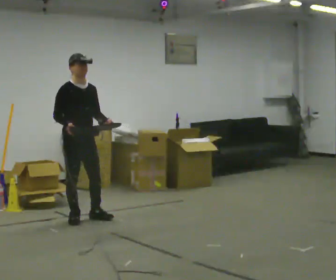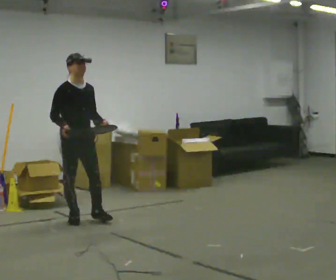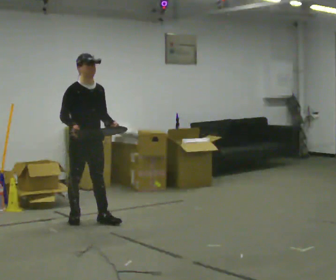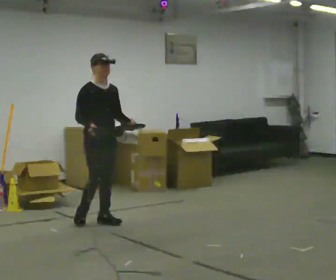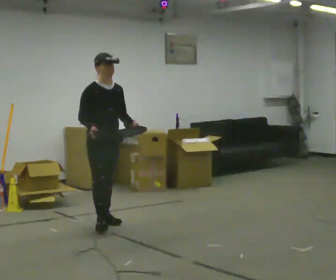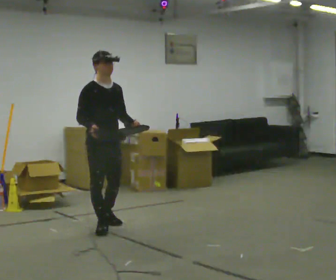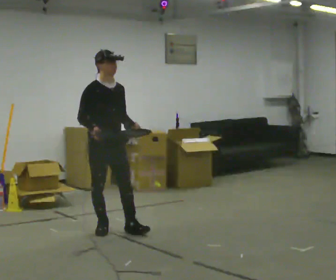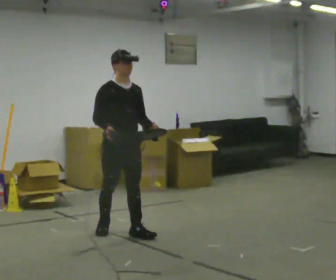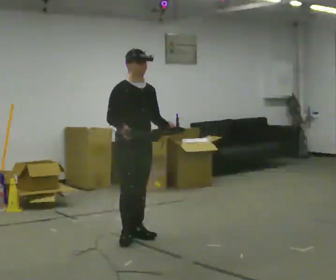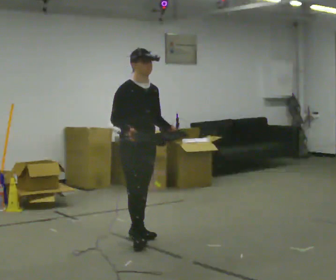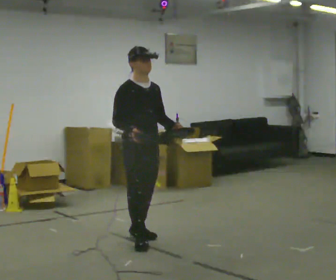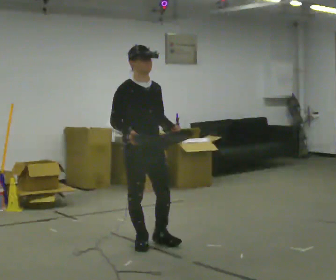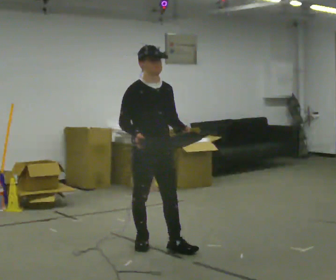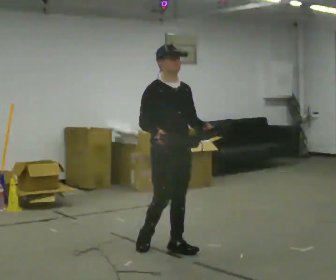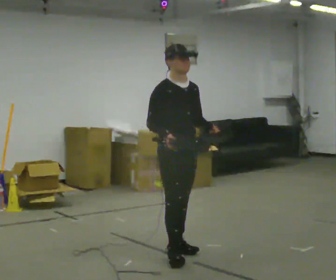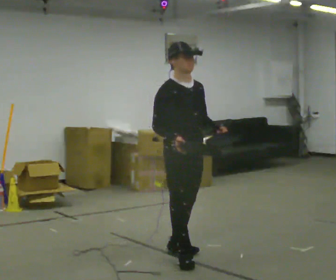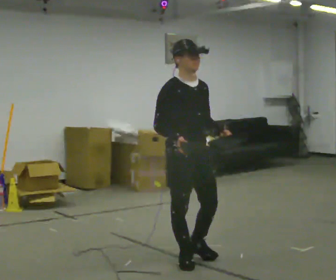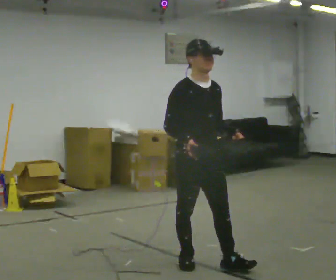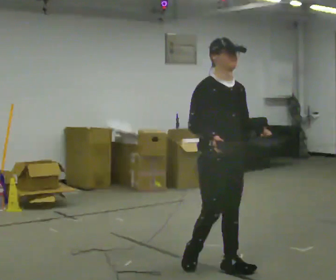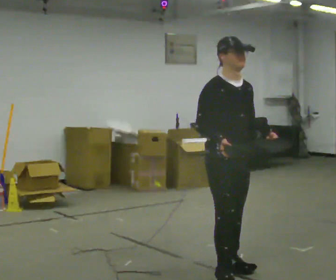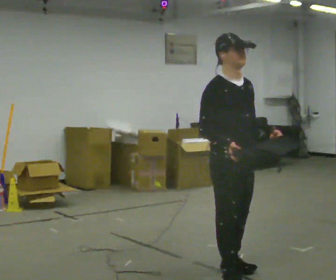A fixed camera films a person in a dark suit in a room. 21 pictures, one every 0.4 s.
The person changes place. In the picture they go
toward the camera.
0.0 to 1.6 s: In the picture they go to the right and toward the camera, about 0.25 m in 2 steps, which for them is forward.
1.6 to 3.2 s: In the picture they go toward the camera and to the right, about 0.5 m in 1 step, which for them is forward.
3.2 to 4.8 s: In the picture they go toward the camera, about 0.5 m in 2 steps, which for them is forward.
4.8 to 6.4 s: In the picture they go toward the camera and to the right, about 0.5 m in 1 step, which for them is forward.
6.4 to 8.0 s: In the picture they go toward the camera and to the right, about 0.5 m in 2 steps, which for them is forward.
The film runs forward here.
